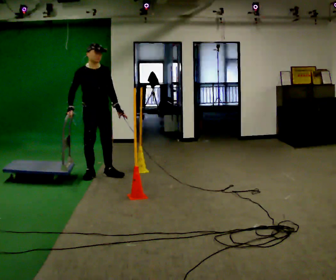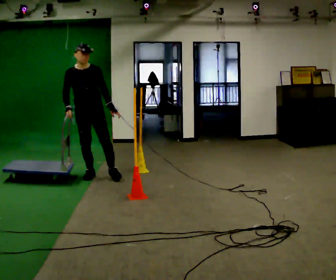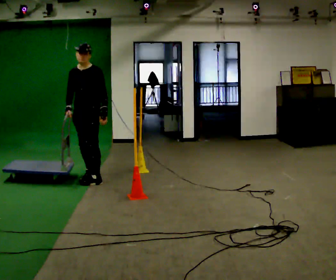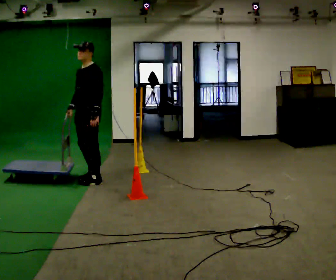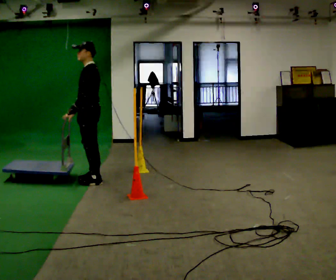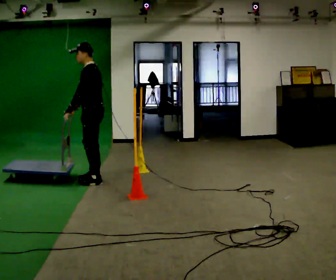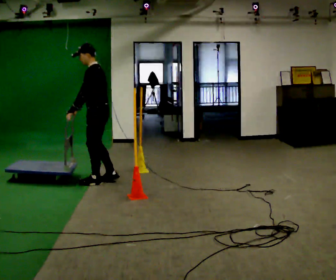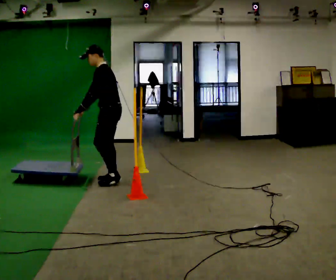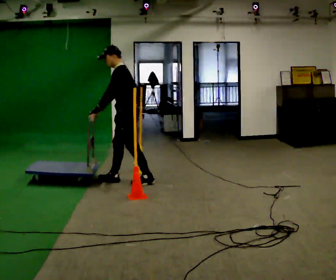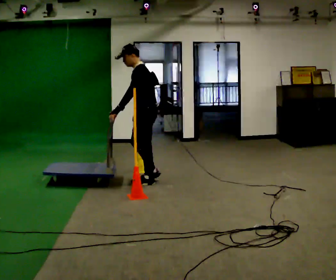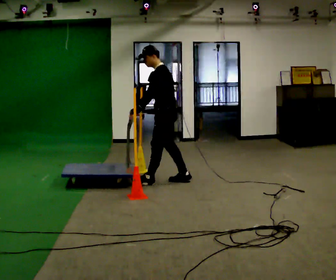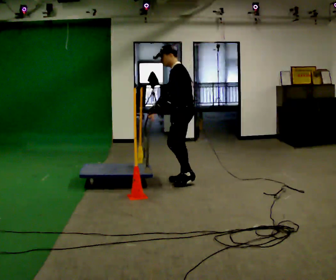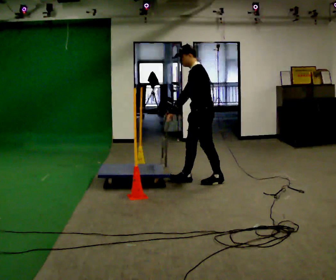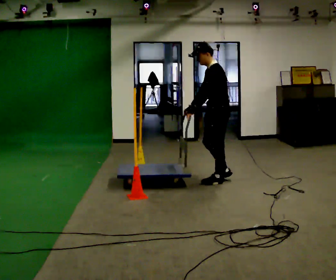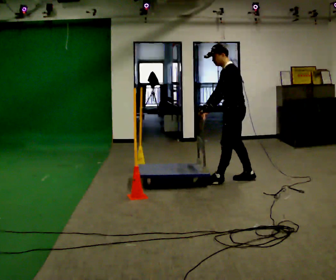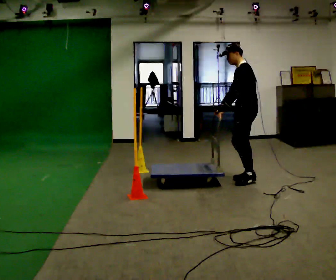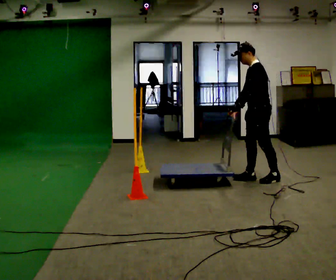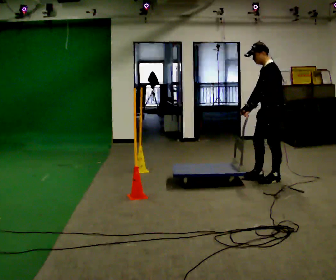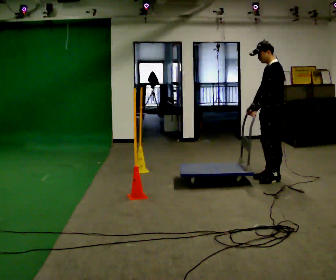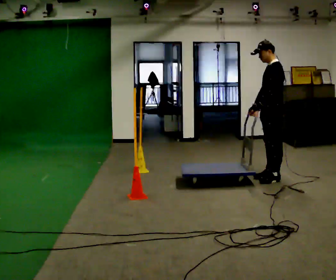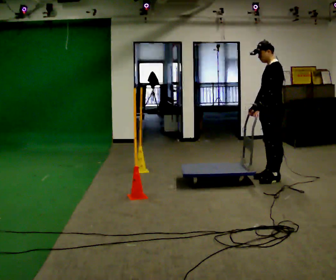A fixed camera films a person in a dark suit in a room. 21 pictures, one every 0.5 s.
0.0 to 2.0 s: Seen from above the body turns clockwise, about 105 degrees: to their right, with its near side sliding to the left. In the picture they go toward the camera, about 0.25 m in 2 steps.
2.0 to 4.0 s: In the picture they go to the right, about 0.5 m in 2 steps, which for them is backward.
4.0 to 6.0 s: In the picture they go to the right, about 1 m in 2 steps, which for them is backward.
6.0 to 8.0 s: In the picture they go to the right, about 0.5 m in 2 steps, which for them is backward.
8.0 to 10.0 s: In the picture they go to the right, about 0.25 m in 1 step, which for them is backward.
The film runs backward here.
